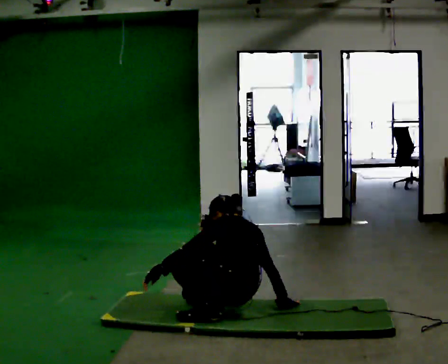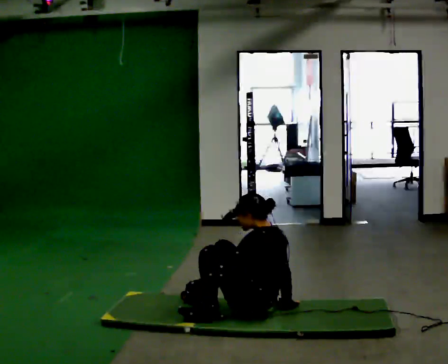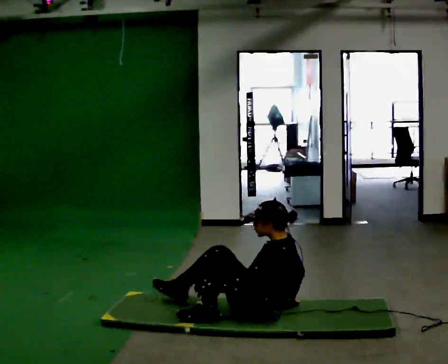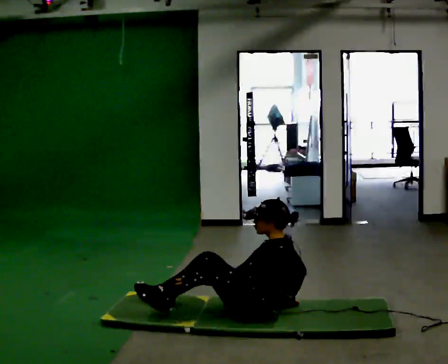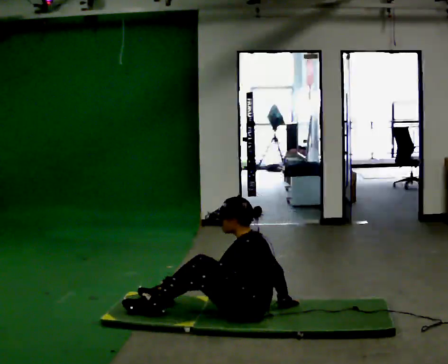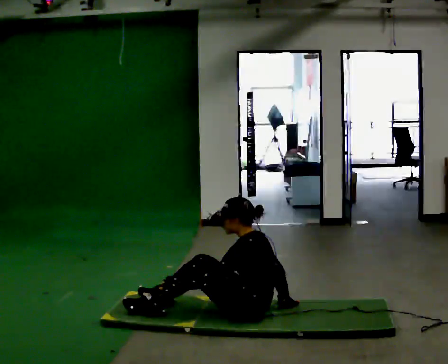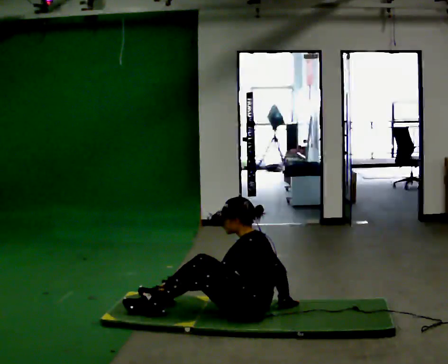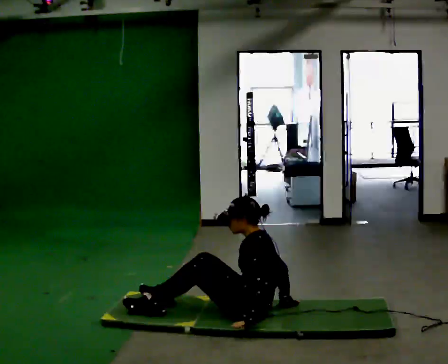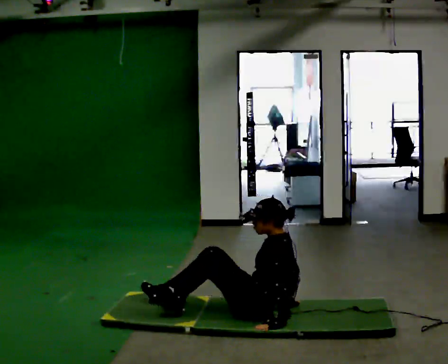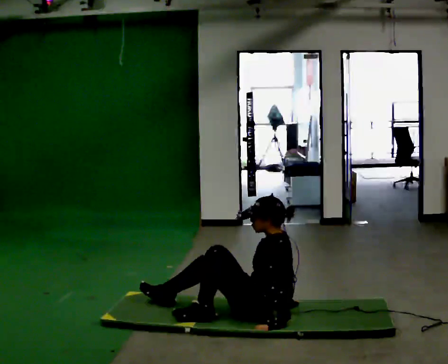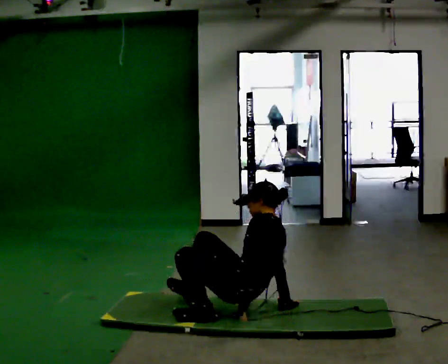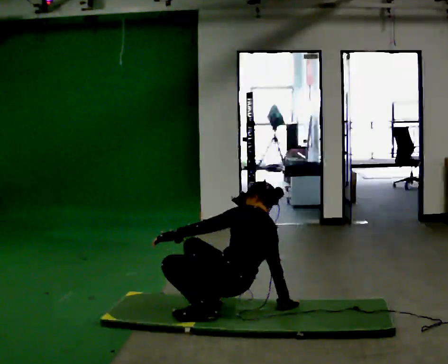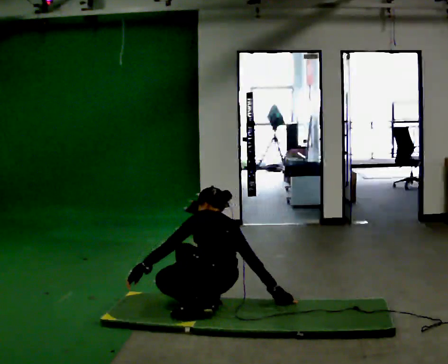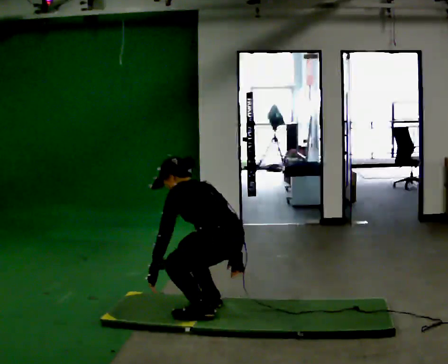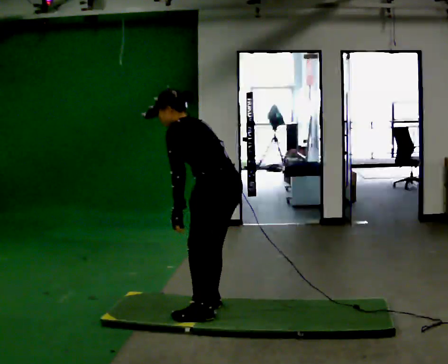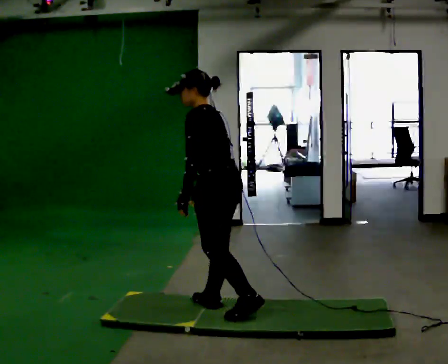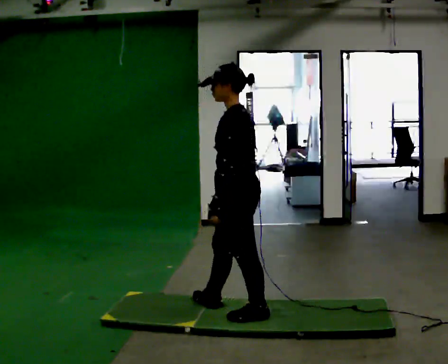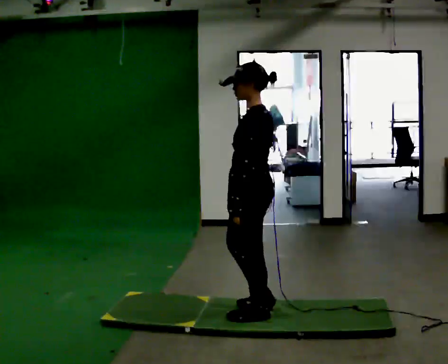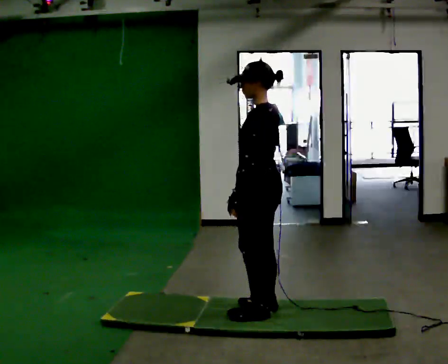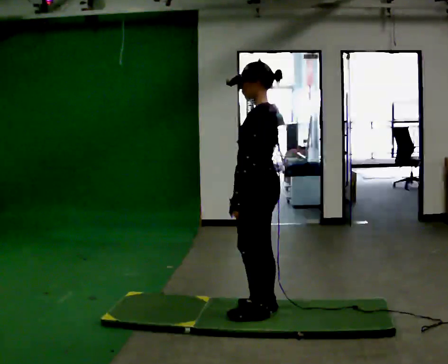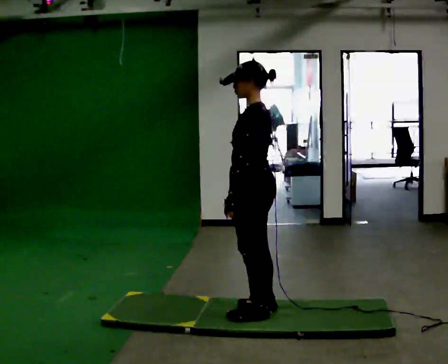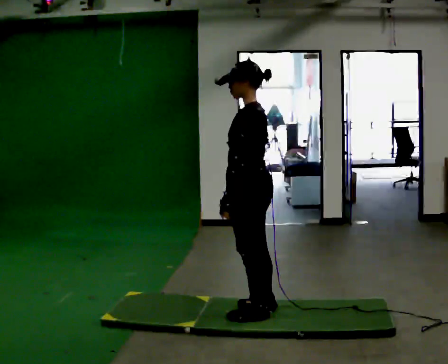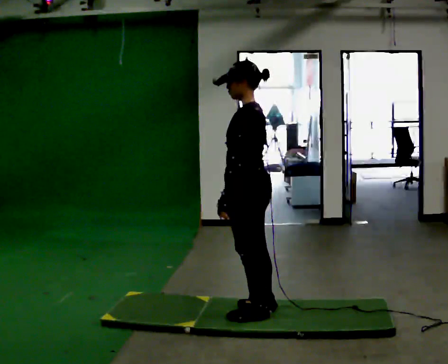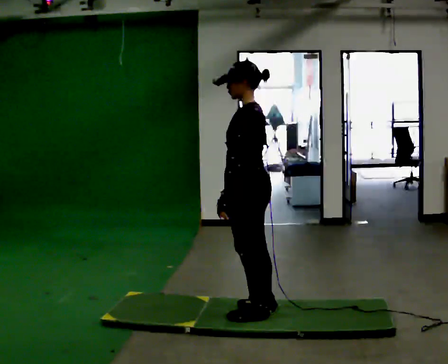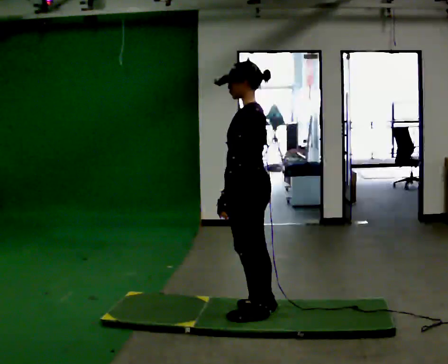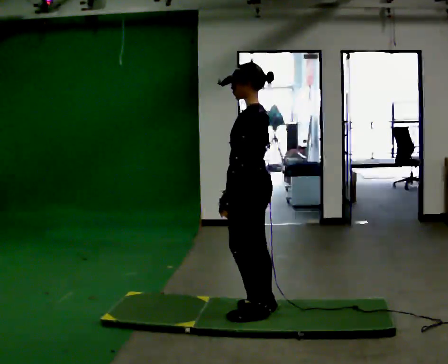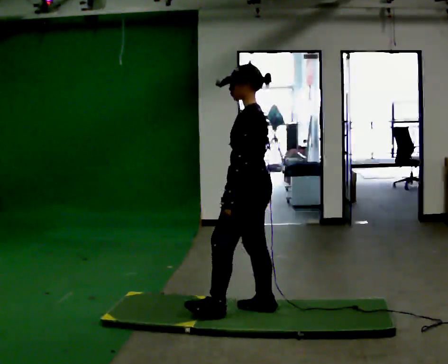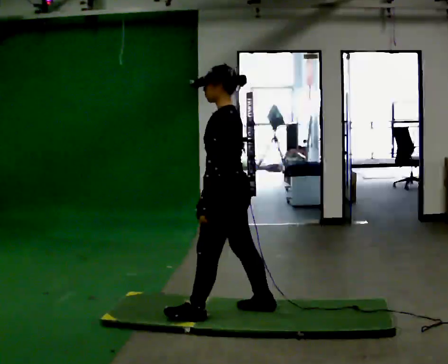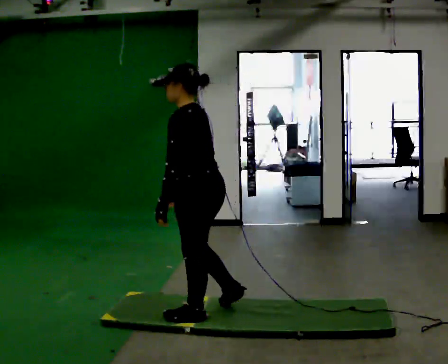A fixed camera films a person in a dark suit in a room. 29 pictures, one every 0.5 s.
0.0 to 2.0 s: The upper body tips toward the camera, its near side rolling downward.
2.0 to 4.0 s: In the picture the upper body tilts clockwise, shoulders to the right, as they lean back or straighten. In the picture their left hand goes to the right, the arm swinging counterclockwise.
4.0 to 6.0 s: The part of the body nearest the lens slides to the left as the person turns to their right by about 45 degrees. In the picture they go to the left, about 0.25 m in 2 steps, which for them is forward. The upper body tips away from the camera, its near side rolling upward, as they bend forward.
6.0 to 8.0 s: Seen from above the body turns counterclockwise, about 45 degrees: to their left, with its near side sliding to the right. In the picture they go to the right, about 0.25 m in 1 step, which for them is backward. The shoulders move upward. The upper body tips toward the camera, its near side rolling downward, as they lean back or straighten. In the picture their right hand goes upward, the arm swinging clockwise.
8.0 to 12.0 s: The person moves a little, or ends about where they began.
12.0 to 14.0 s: In the picture they go to the left, about 0.25 m in 1 step, which for them is forward and to their left. In the picture the upper body tilts counterclockwise, shoulders to the left, as they bend forward.
The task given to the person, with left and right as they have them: From standing, sit down on the floor, then stand back up in whatever way is natural. Repeat the movement at your own pace until the operator says stop; do not rush.
The film runs forward here.
